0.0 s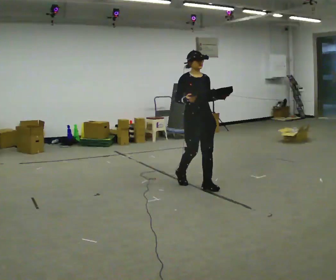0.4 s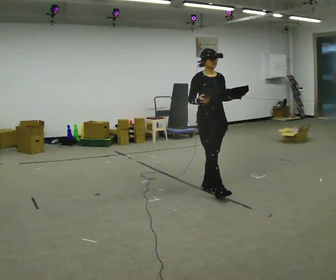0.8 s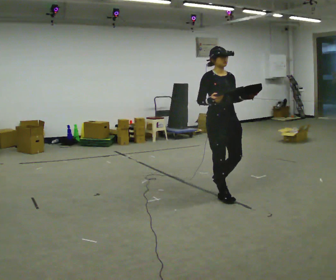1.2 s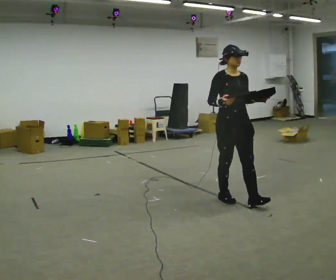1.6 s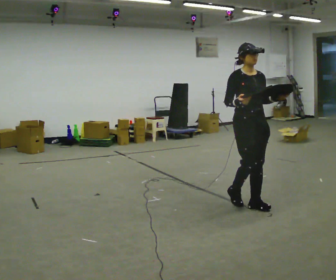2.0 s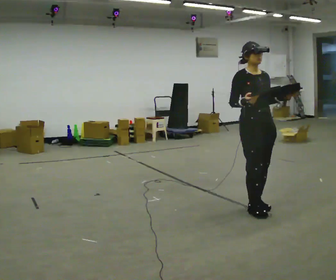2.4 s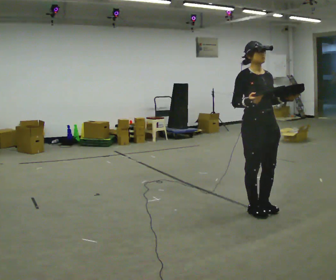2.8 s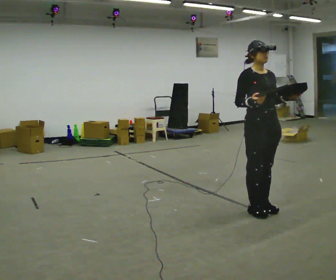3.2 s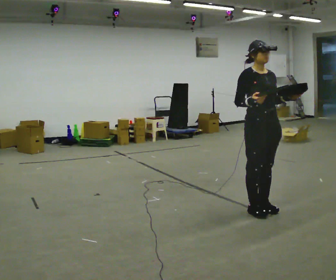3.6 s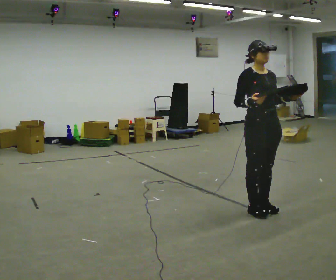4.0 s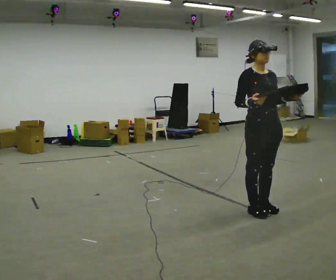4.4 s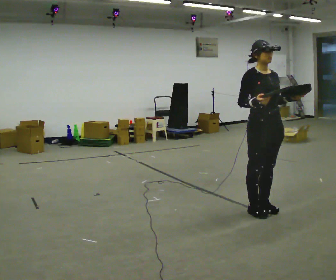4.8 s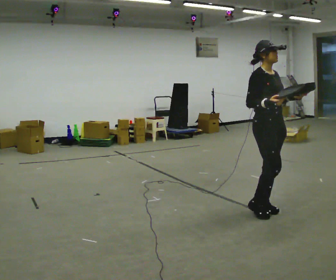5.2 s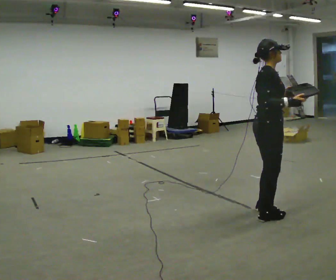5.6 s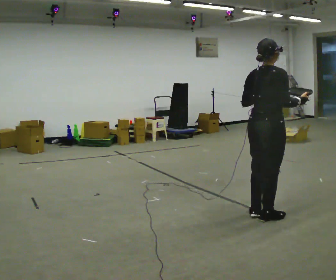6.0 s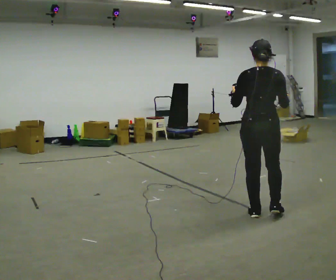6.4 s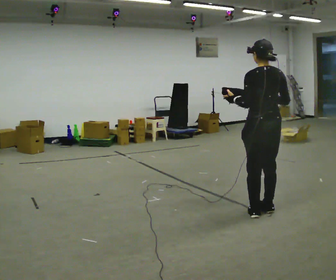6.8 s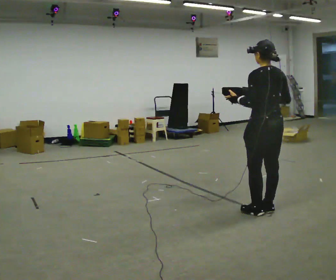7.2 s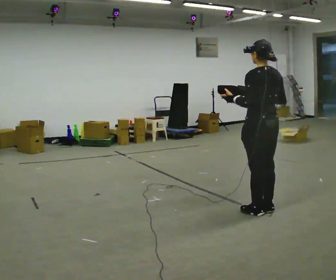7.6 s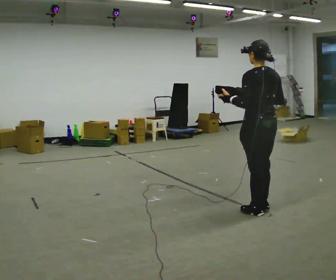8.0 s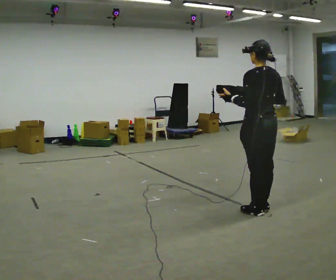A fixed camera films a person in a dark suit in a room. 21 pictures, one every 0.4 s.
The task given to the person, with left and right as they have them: Carry the object across the room. The lid hangs loose and will swing, so carry it however works. Keep going until the operator says stop; one object at a time, and do not rush between trips.
0.0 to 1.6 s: In the picture they go toward the camera and to the right, about 1 m in 2 steps, which for them is forward.
1.6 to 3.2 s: In the picture they go toward the camera, about 0.25 m in 1 step, which for them is forward.
3.2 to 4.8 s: The person moves a little, or ends about where they began.
4.8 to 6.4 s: The person turns about 150 degrees to their left, counterclockwise seen from above, so the part of the body nearest the lens slides to the right. In the picture their left hand goes to the left.
6.4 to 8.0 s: The person moves a little, or ends about where they began.
The film runs forward here.
